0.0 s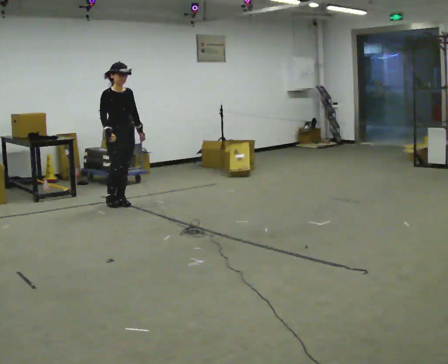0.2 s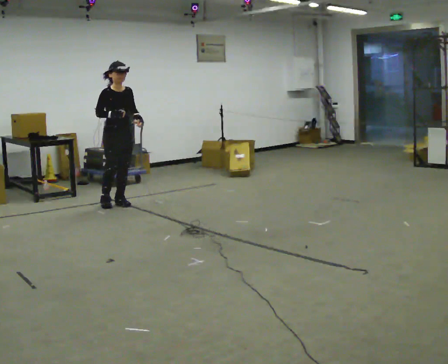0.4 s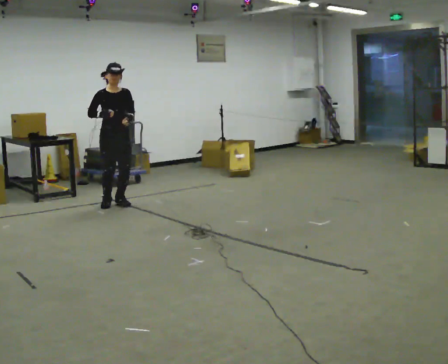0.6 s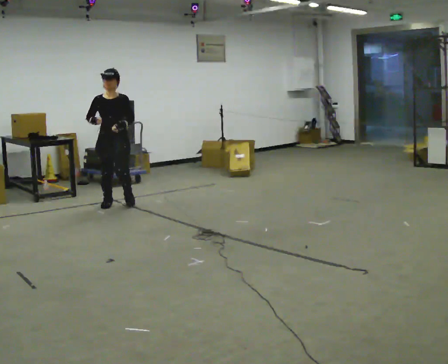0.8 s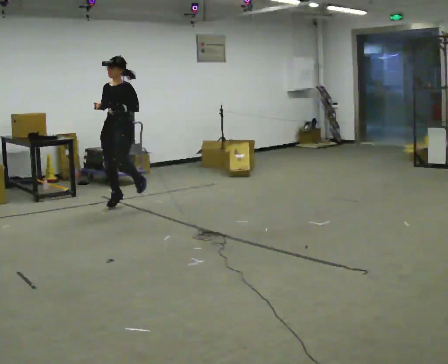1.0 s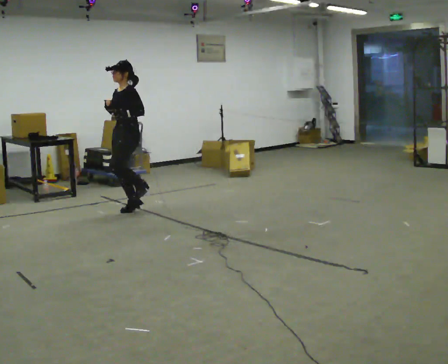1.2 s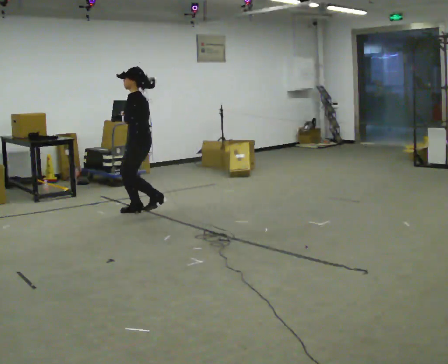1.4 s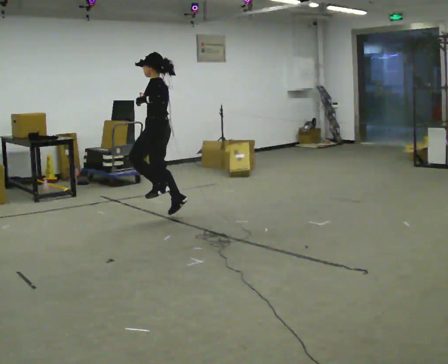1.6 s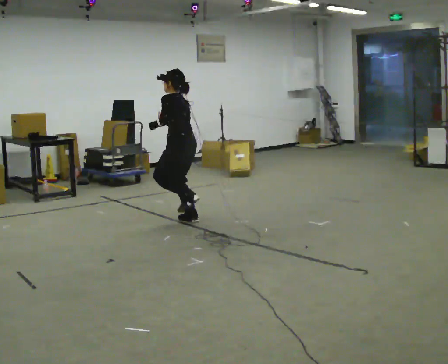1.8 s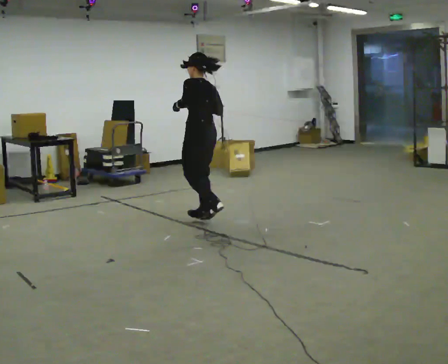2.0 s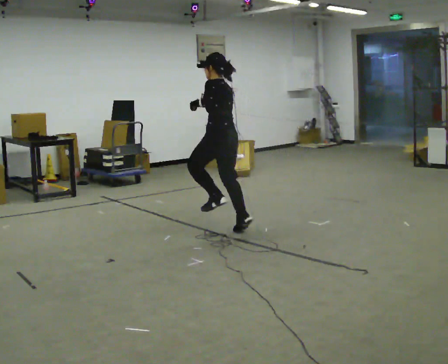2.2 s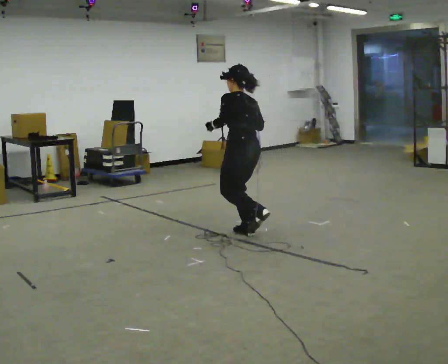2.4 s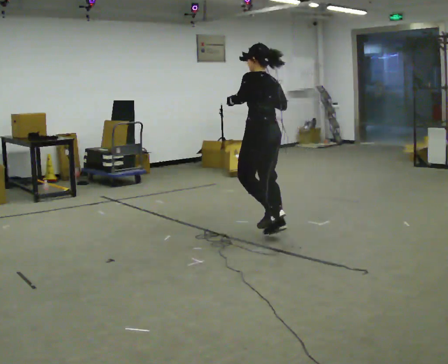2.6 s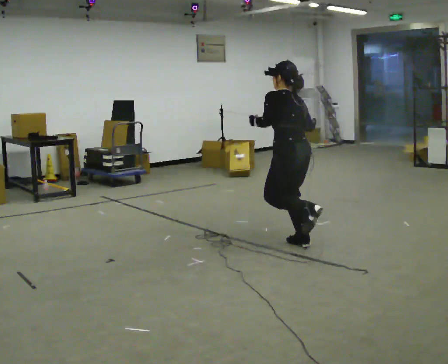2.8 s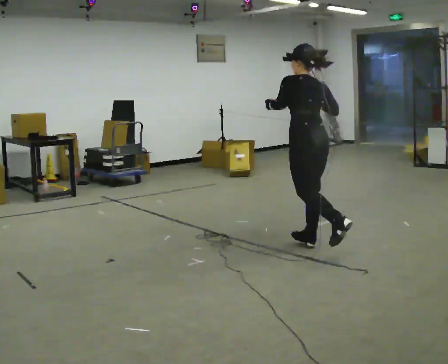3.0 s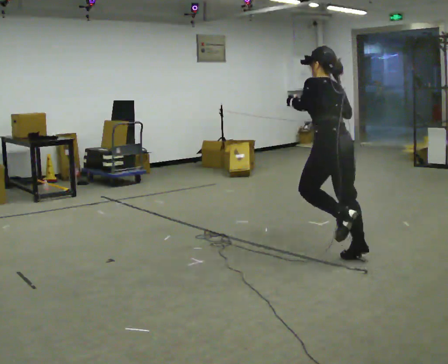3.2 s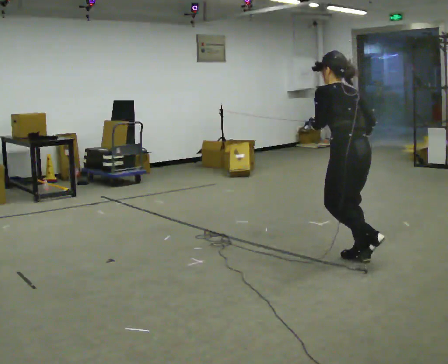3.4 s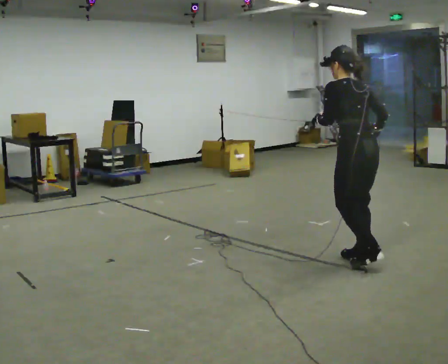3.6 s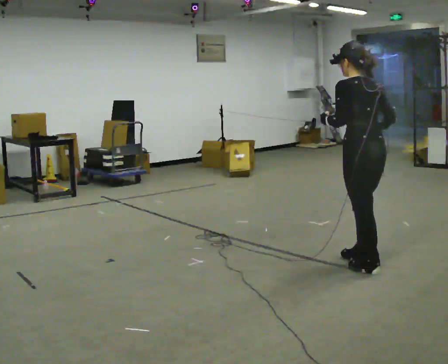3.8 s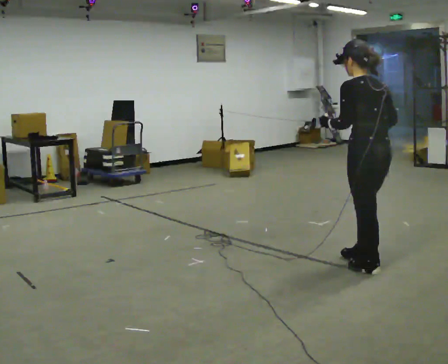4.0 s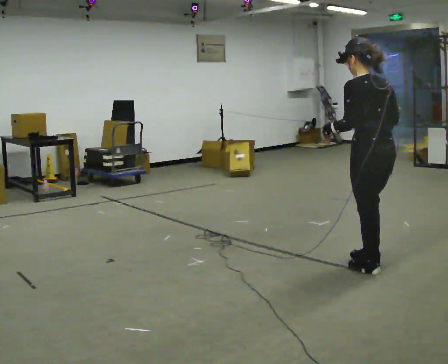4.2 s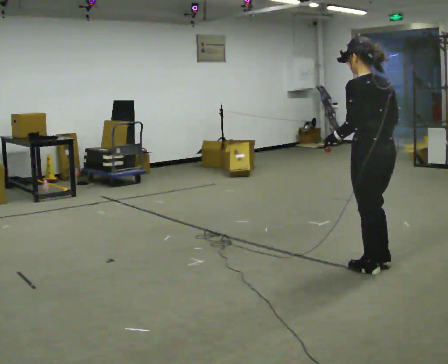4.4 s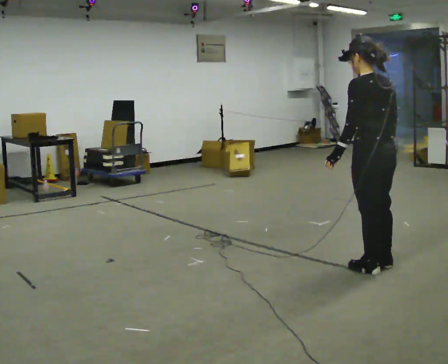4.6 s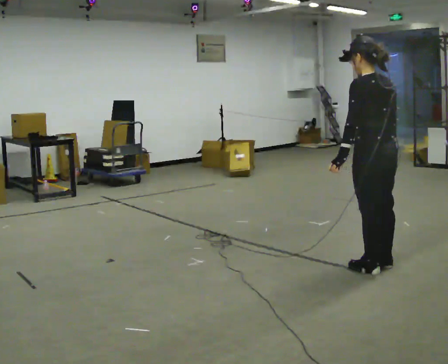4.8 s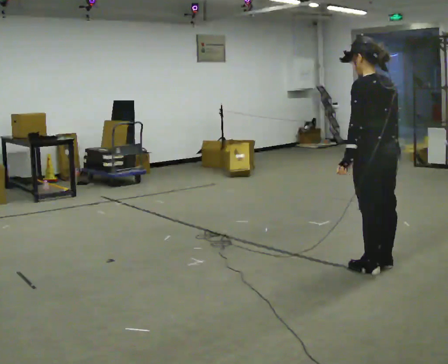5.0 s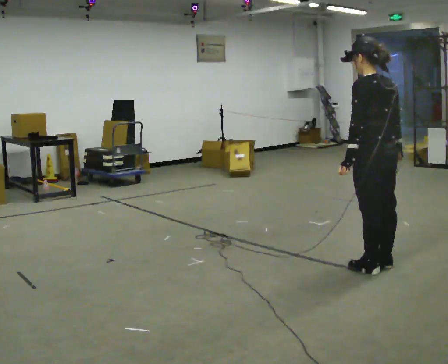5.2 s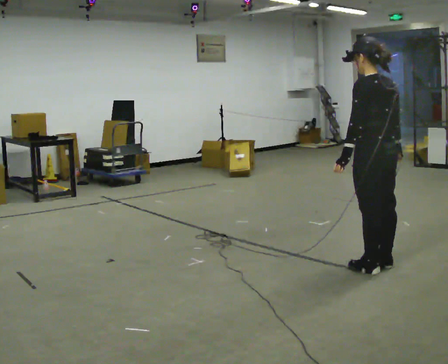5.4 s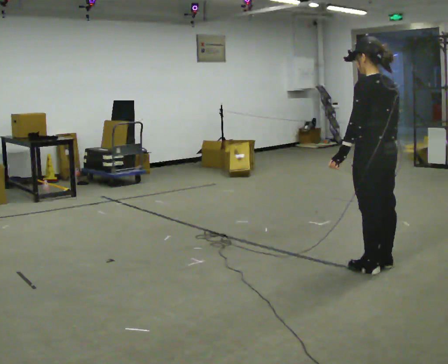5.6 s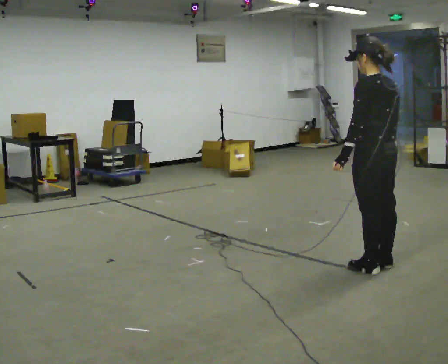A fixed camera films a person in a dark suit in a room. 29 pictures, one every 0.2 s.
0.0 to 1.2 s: The part of the body nearest the lens slides to the left as the person turns to their right by about 135 degrees. In the picture they go toward the camera and to the right, about 0.5 m in 2 steps.
1.2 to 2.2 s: The person turns about 45 degrees to their right, clockwise seen from above, so the part of the body nearest the lens slides to the left. In the picture they go to the right and toward the camera, about 1.5 m in 2 steps, which for them is backward.
2.2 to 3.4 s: In the picture they go to the right and toward the camera, about 1 m in 3 steps, which for them is backward.
3.4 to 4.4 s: In the picture they go toward the camera, about 0.25 m in 1 step, which for them is backward. The upper body tips toward the camera, its near side rolling downward, as they lean back or straighten.
4.4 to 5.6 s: The person moves a little, or ends about where they began.
The film runs backward here.
